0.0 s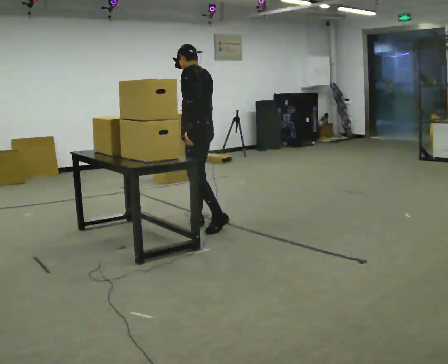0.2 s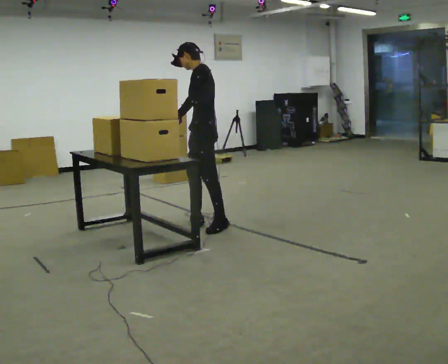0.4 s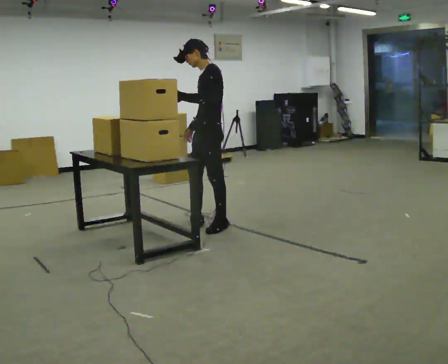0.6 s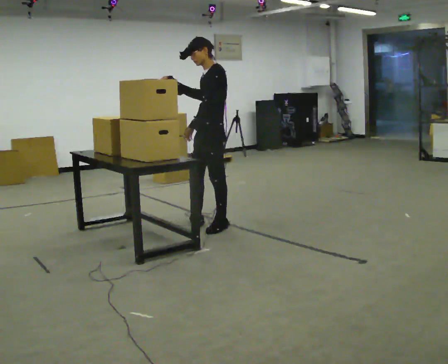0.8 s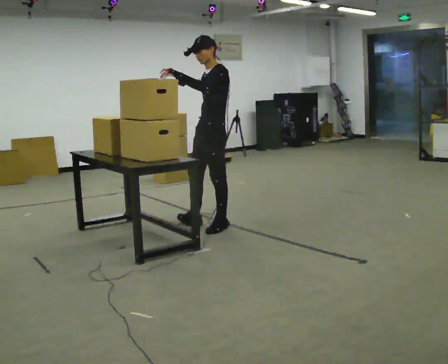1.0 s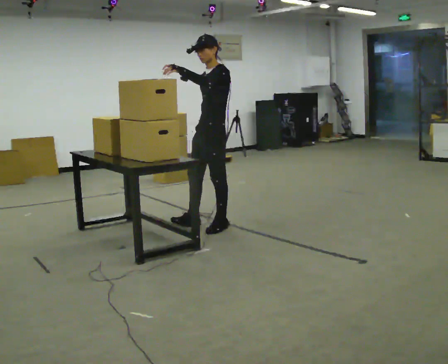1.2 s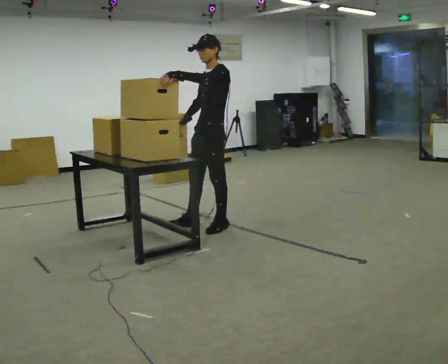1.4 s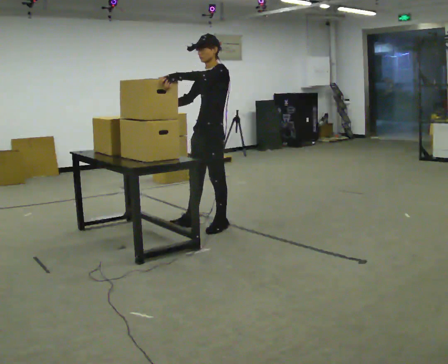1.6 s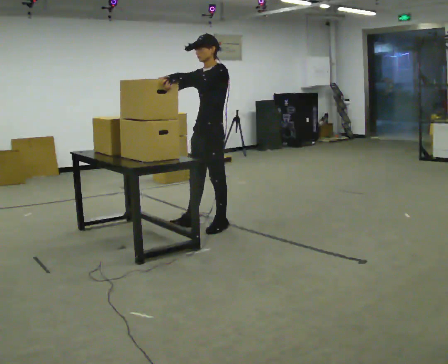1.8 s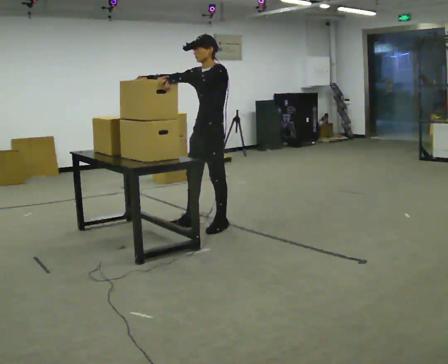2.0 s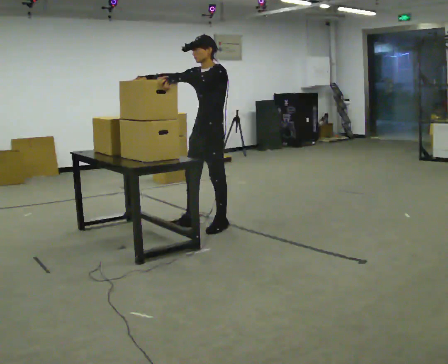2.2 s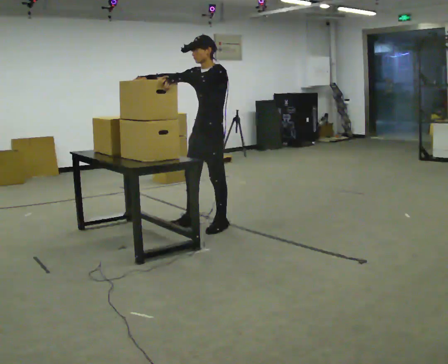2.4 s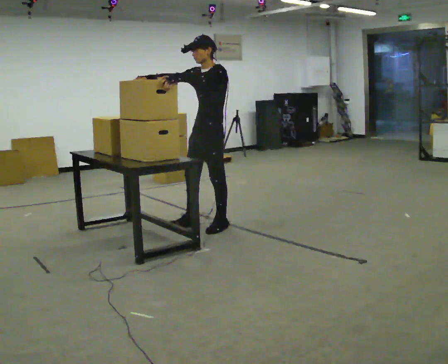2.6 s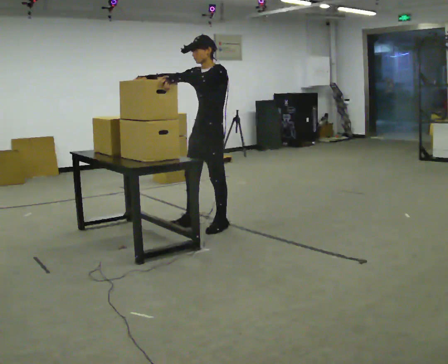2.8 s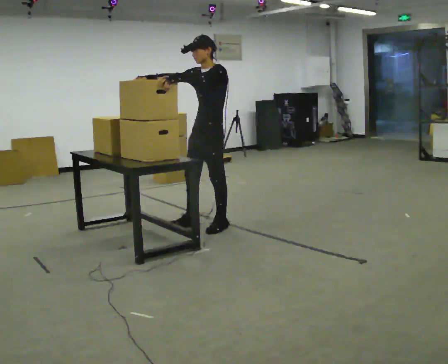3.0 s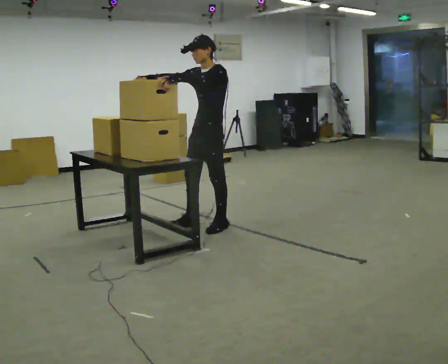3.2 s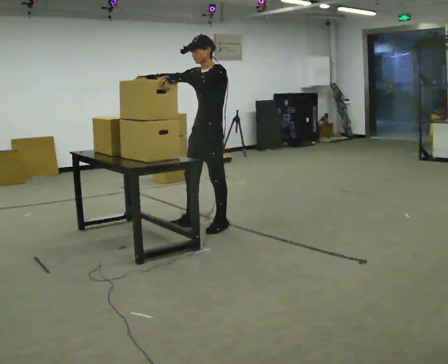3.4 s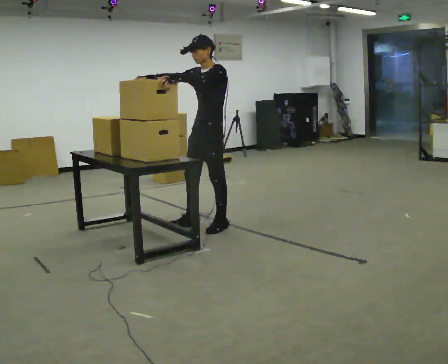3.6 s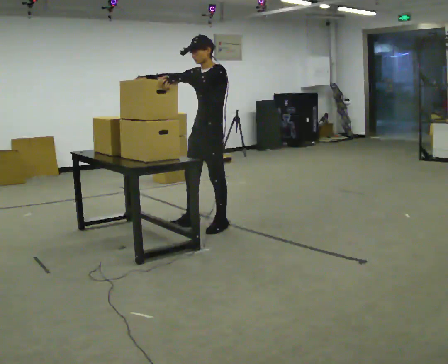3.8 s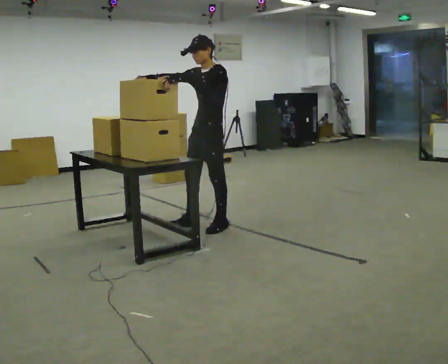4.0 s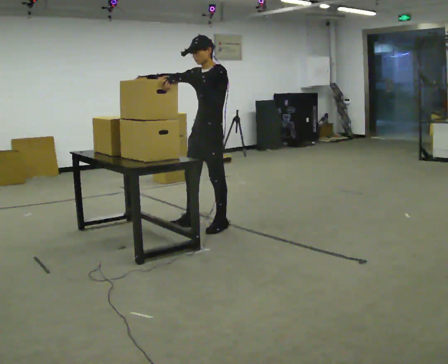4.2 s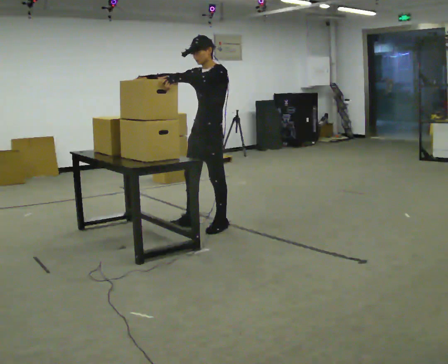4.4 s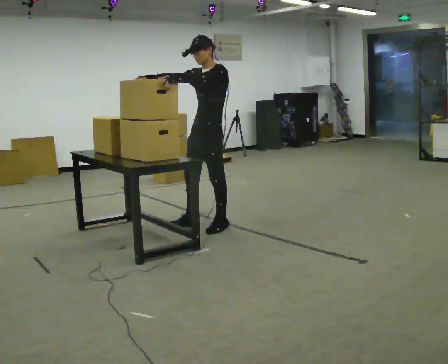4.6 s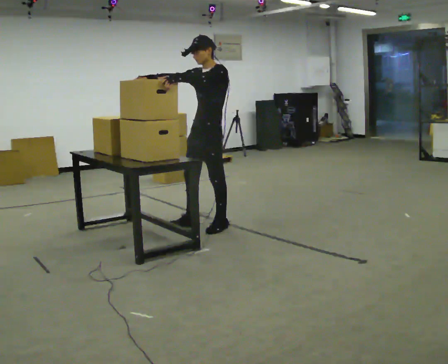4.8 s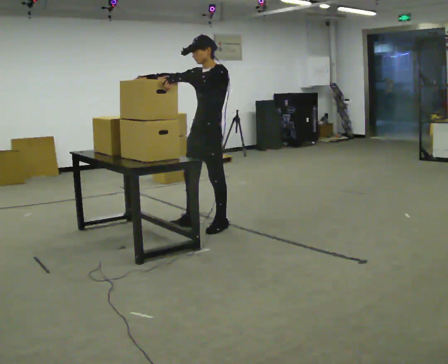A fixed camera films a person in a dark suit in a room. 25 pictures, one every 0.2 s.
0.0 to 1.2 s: Seen from above the body turns counterclockwise, about 45 degrees: to their left, with its near side sliding to the right. In the picture their left hand goes upward.
1.2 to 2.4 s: In the picture their right hand goes upward, the arm swinging clockwise.
2.4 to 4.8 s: The person keeps their place and pose.
The film runs backward here.
